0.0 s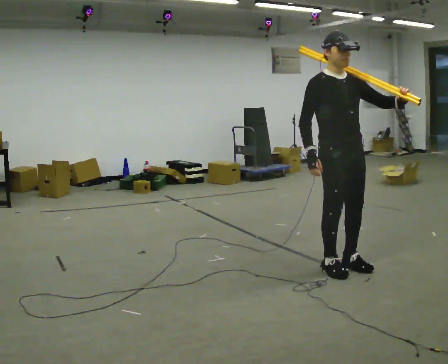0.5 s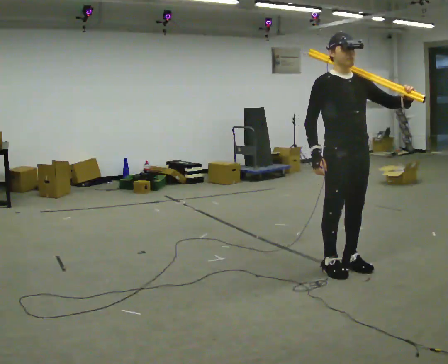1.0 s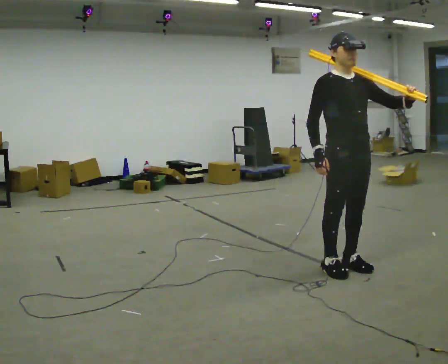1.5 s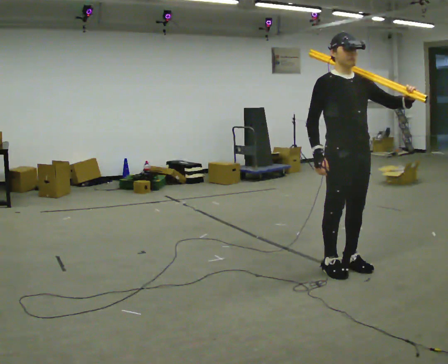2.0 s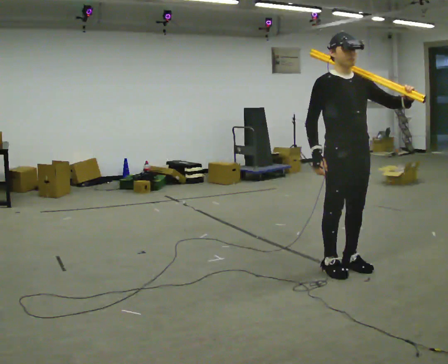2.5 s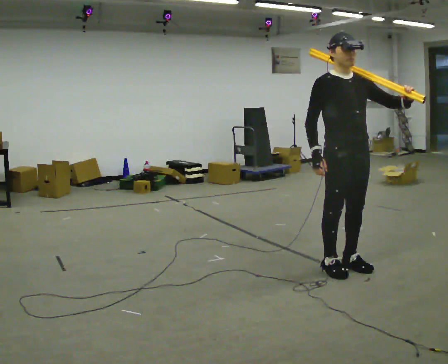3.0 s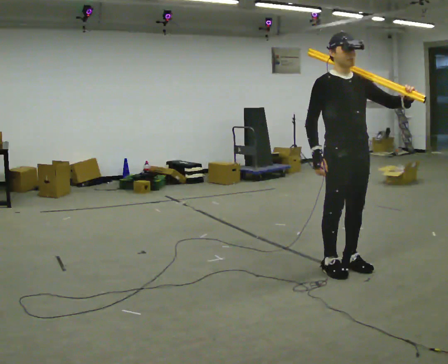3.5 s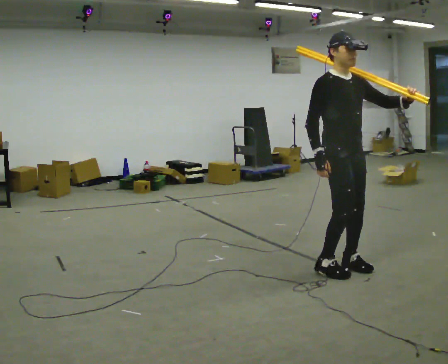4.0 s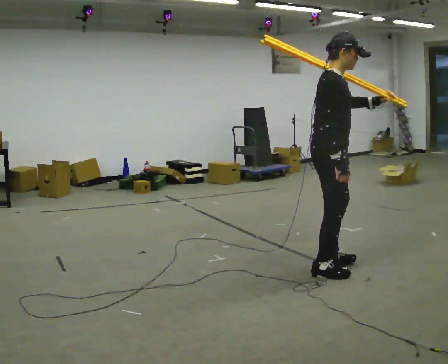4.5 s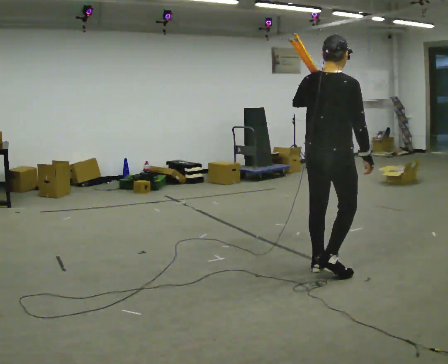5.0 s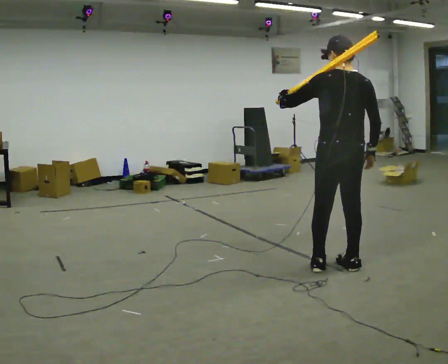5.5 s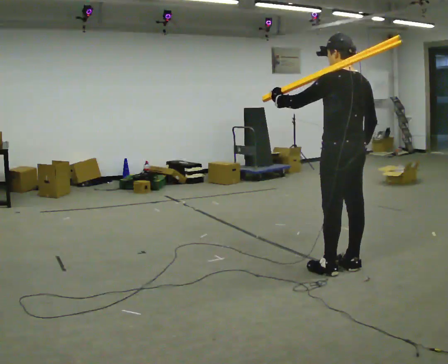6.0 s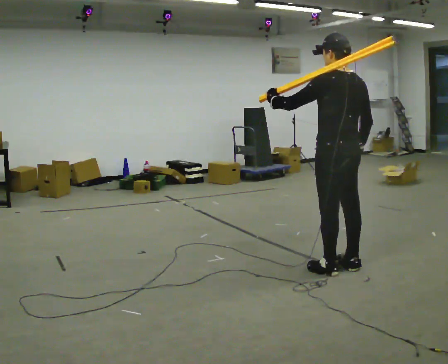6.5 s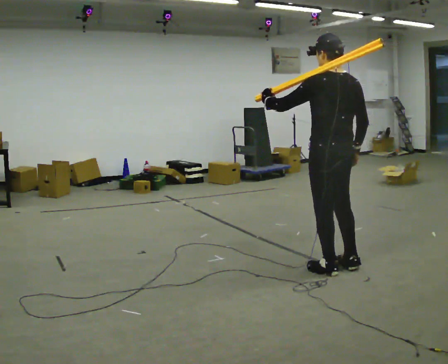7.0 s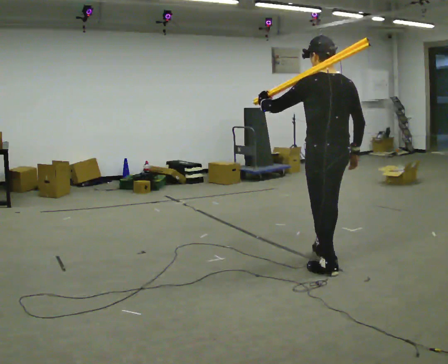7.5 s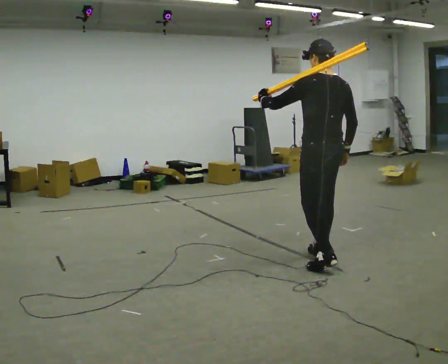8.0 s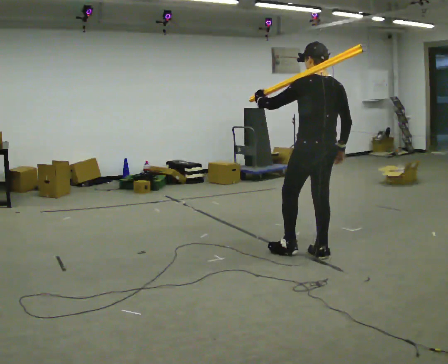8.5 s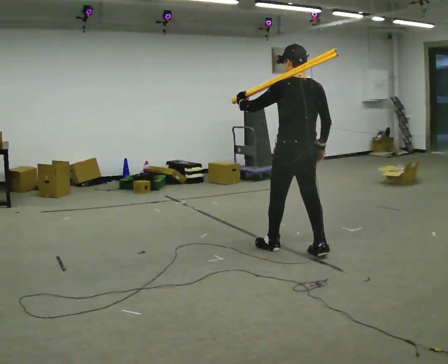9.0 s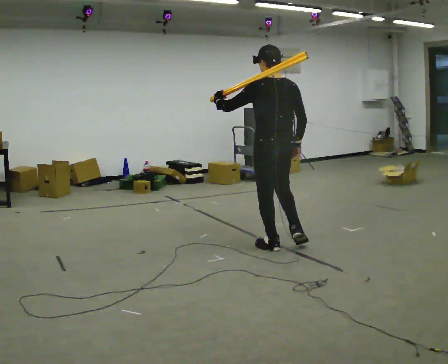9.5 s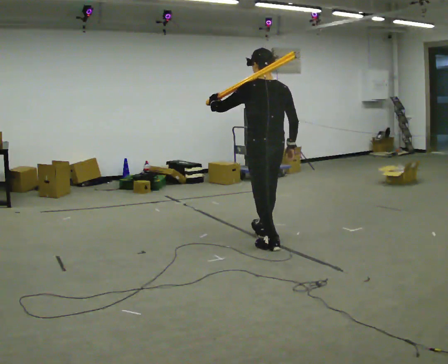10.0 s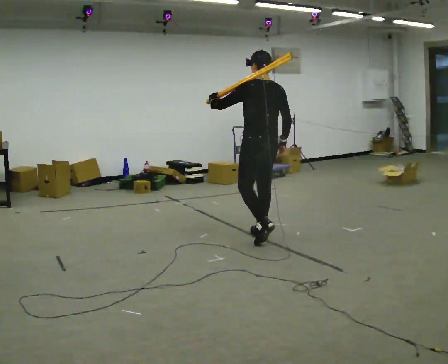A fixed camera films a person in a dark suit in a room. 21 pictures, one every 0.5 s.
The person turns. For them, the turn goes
to their left.
The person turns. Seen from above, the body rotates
counterclockwise.
0.0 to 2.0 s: The person moves a little, or ends about where they began.
2.0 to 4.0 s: Seen from above the body turns counterclockwise, about 60 degrees: to their left, with its near side sliding to the right.
4.0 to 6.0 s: The person turns about 120 degrees to their left, counterclockwise seen from above, so the part of the body nearest the lens slides to the right. In the picture their left hand goes to the left.
6.0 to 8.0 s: In the picture they go away from the camera and to the left, about 0.5 m in 1 step, which for them is forward.
8.0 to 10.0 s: In the picture they go to the left and away from the camera, about 1 m in 2 steps, which for them is forward.
The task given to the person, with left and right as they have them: Rest the long object on the shoulder the operator calls and carry it across the room, back and forth.
The film runs forward here.
